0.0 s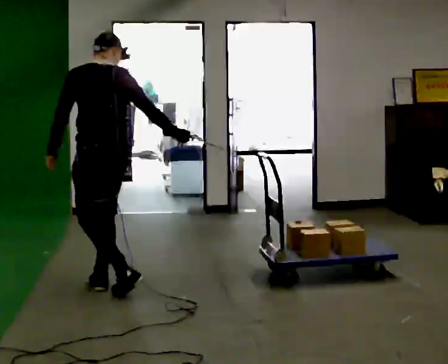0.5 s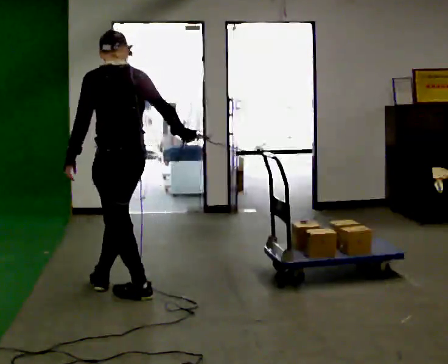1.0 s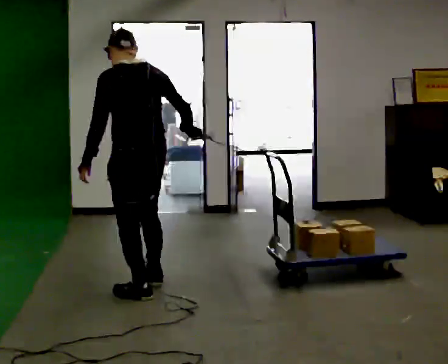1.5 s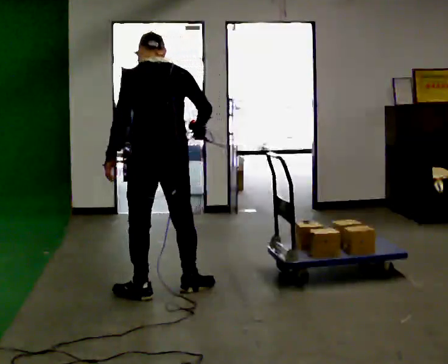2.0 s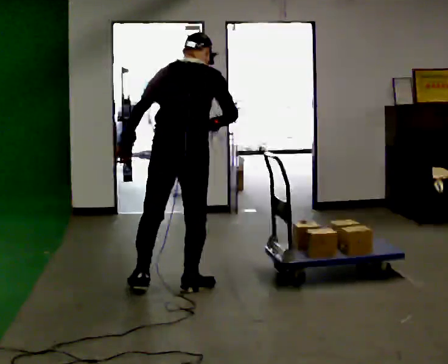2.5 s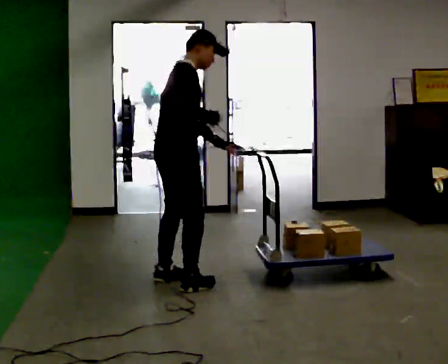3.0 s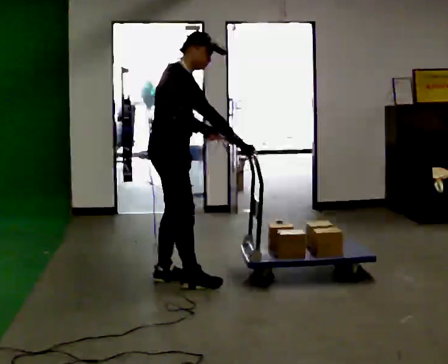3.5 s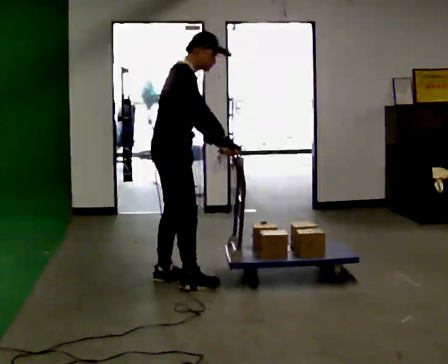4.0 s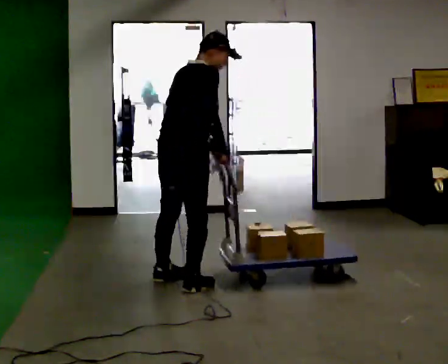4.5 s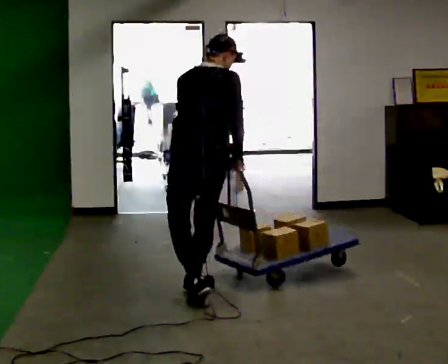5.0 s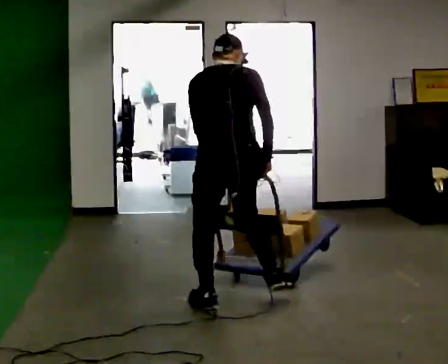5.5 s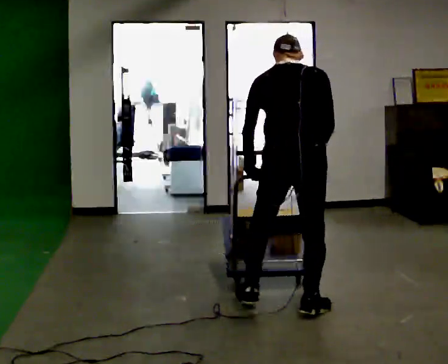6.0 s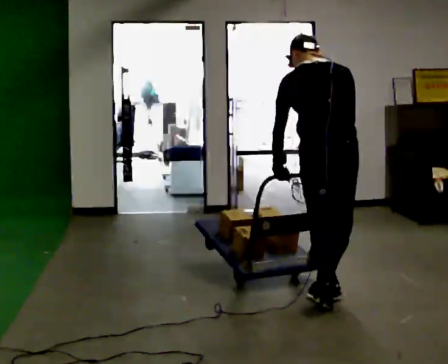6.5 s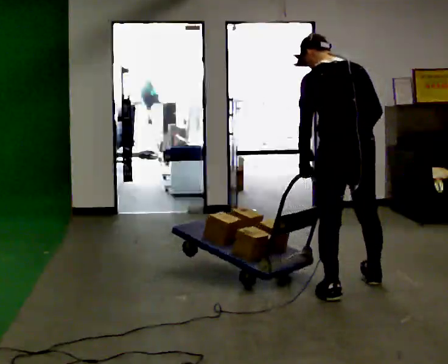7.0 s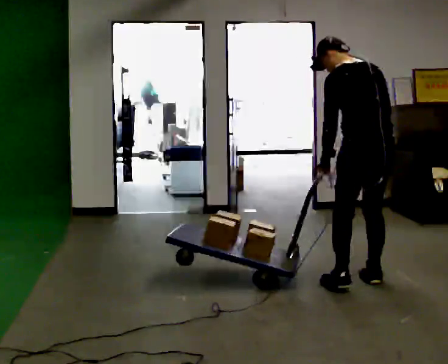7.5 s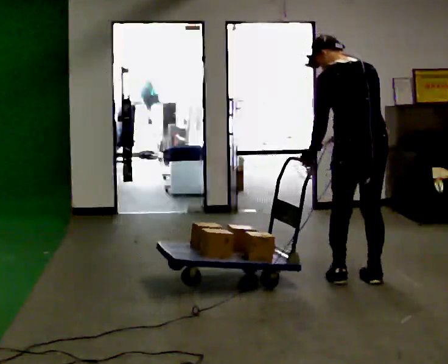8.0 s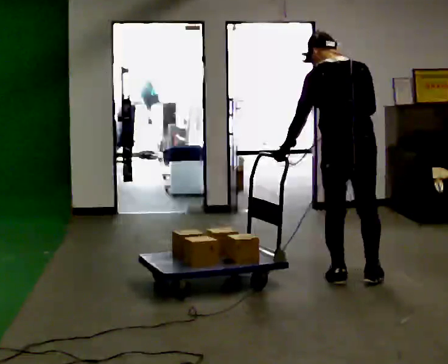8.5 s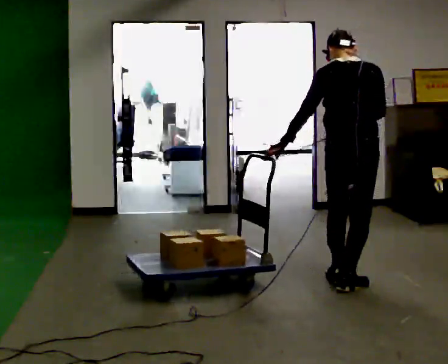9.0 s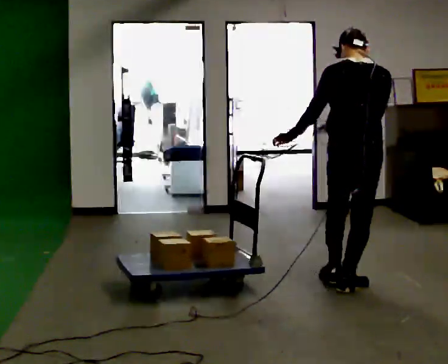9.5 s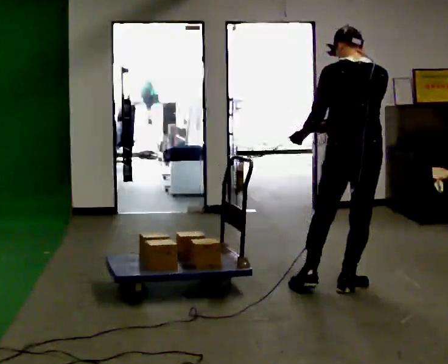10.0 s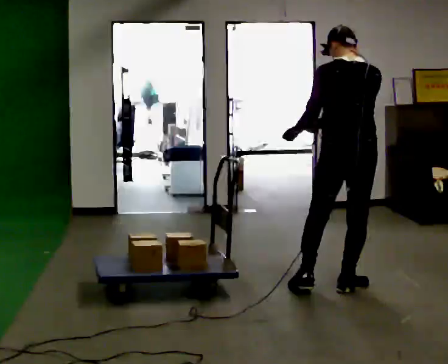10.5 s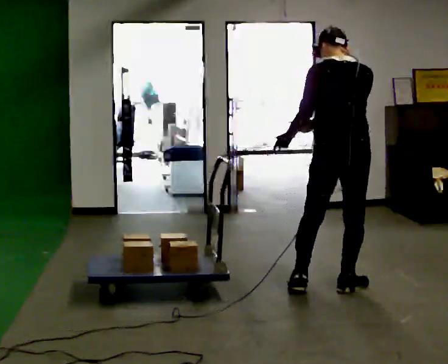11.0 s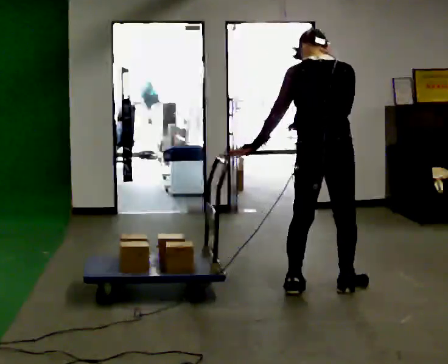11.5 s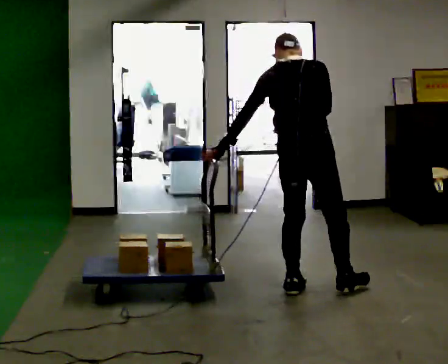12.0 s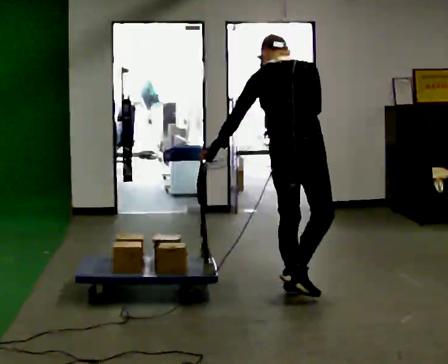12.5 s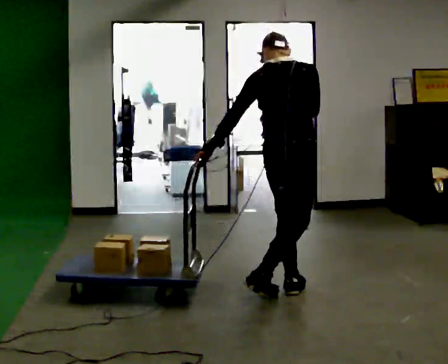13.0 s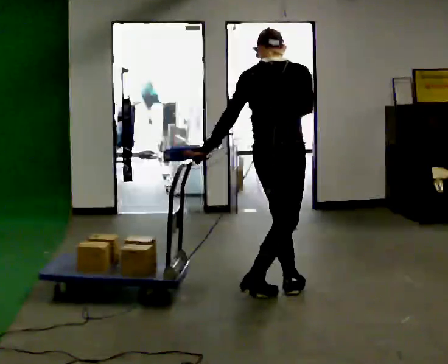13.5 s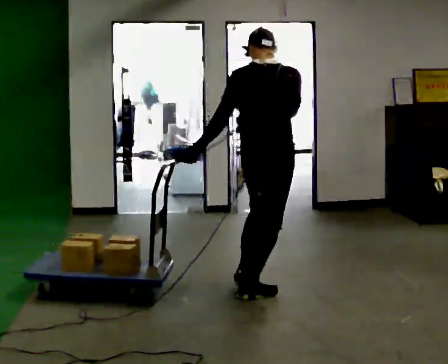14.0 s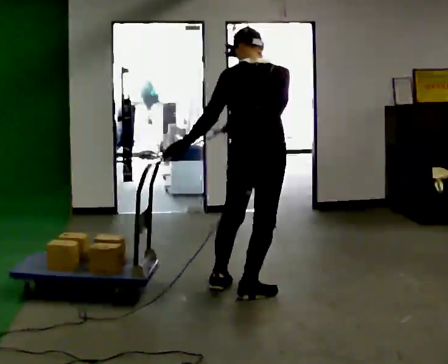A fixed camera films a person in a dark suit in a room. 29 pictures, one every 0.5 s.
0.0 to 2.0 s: The part of the body nearest the lens slides to the left as the person turns to their right by about 45 degrees. In the picture they go to the right, about 0.5 m in 2 steps.
2.0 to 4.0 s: The part of the body nearest the lens slides to the left as the person turns to their right by about 30 degrees. In the picture their left hand goes to the right.
4.0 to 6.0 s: The person turns about 30 degrees to their left, counterclockwise seen from above, so the part of the body nearest the lens slides to the right. In the picture they go to the right, about 1 m in 4 steps, which for them is to their right and backward. In the picture the upper body tilts counterclockwise, shoulders to the left.
6.0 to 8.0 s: In the picture they go away from the camera, about 0.5 m in 2 steps, which for them is forward and to their right.
8.0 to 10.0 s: In the picture they go toward the camera, about 0.25 m in 1 step, which for them is backward.
10.0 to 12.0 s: In the picture they go to the left, about 0.25 m in 1 step, which for them is to their left and backward.
12.0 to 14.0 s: In the picture they go to the left, about 0.25 m in 1 step, which for them is backward and to their left.
The film runs backward here.
